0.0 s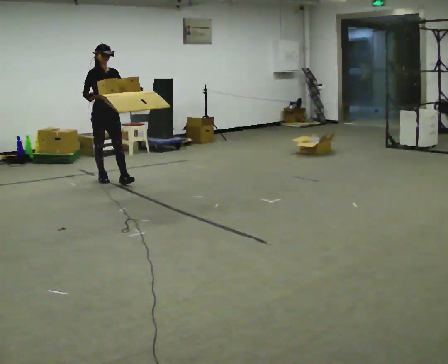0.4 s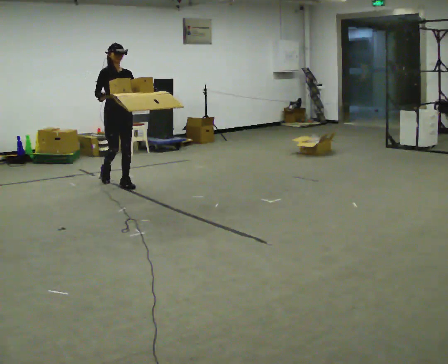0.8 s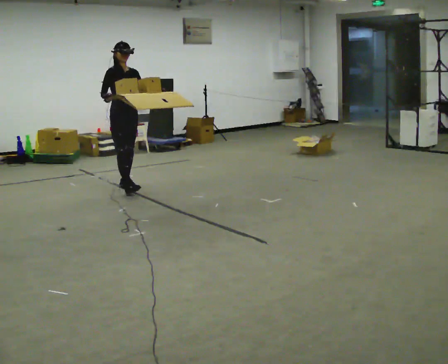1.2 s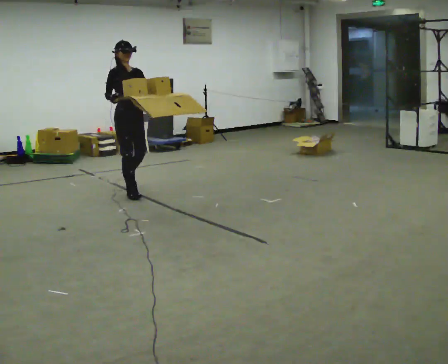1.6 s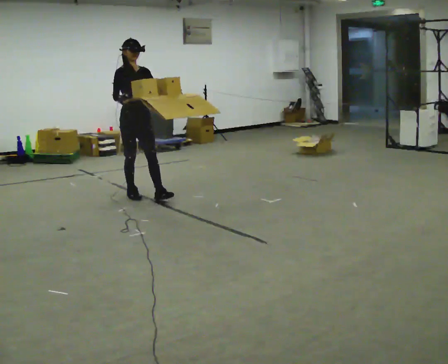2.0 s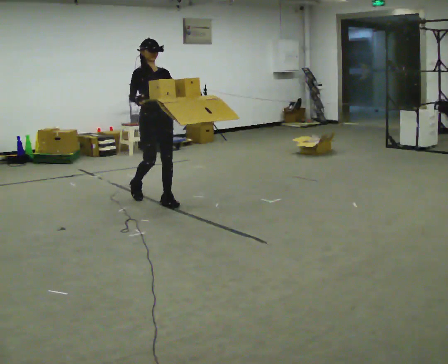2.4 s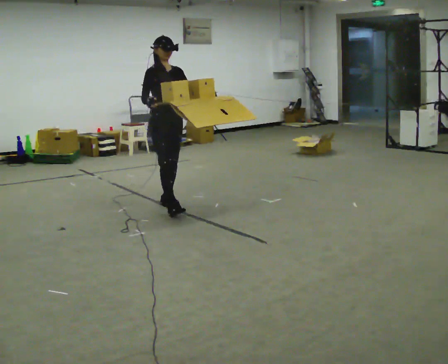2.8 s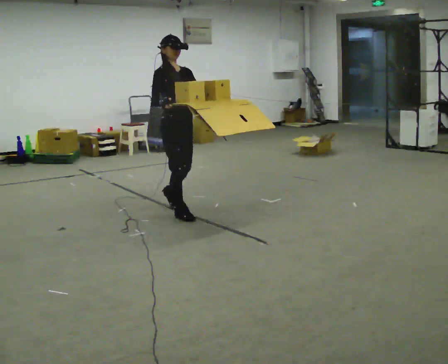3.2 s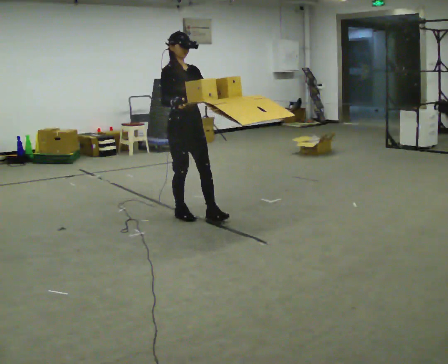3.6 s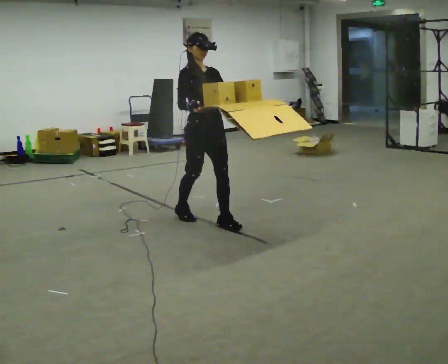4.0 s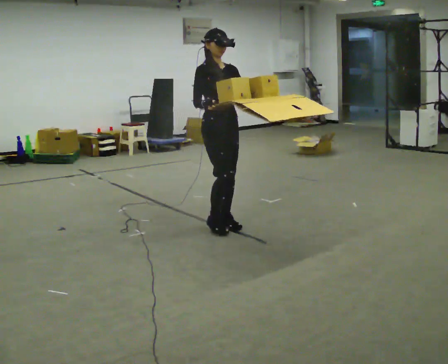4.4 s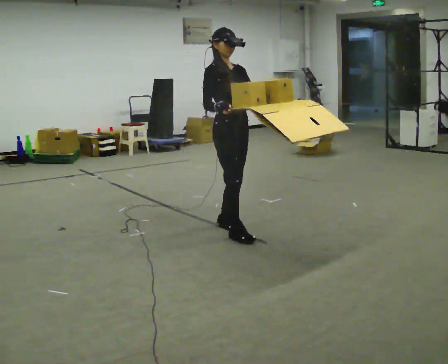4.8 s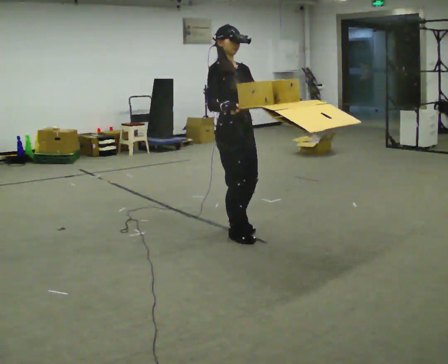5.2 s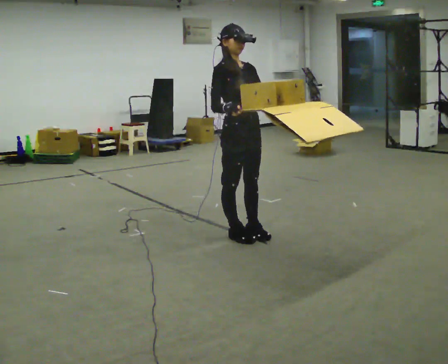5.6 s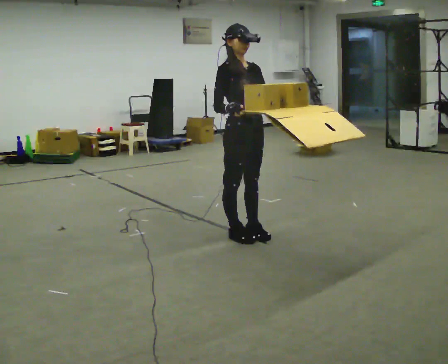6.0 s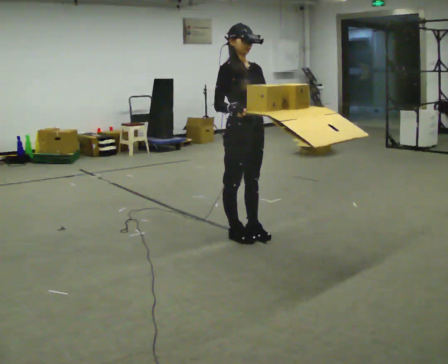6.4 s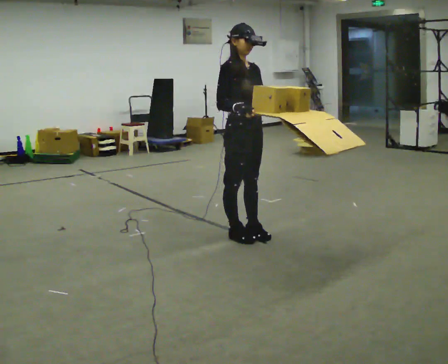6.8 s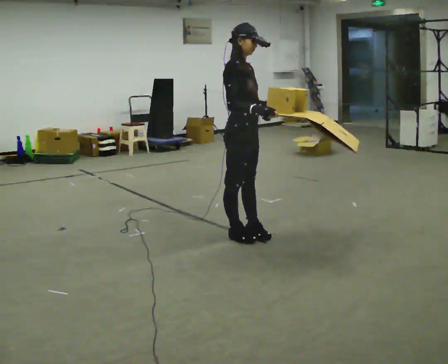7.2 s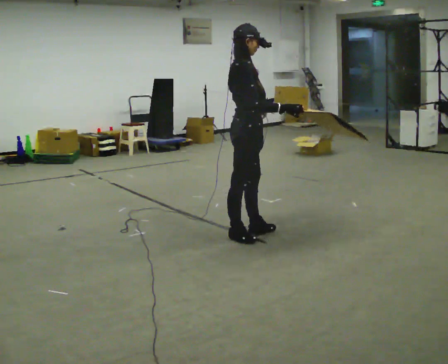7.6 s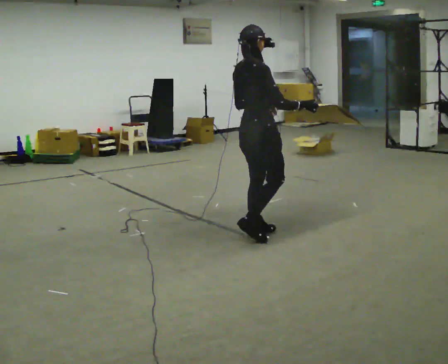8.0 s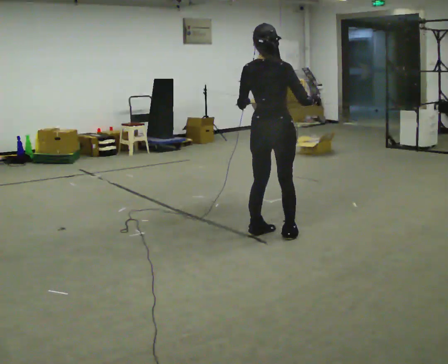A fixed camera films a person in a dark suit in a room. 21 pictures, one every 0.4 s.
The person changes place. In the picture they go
to the right.
0.0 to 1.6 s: In the picture they go to the right and toward the camera, about 1 m in 2 steps, which for them is forward.
1.6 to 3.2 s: In the picture they go to the right and toward the camera, about 1 m in 2 steps, which for them is forward.
3.2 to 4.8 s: In the picture they go to the right and toward the camera, about 0.75 m in 2 steps, which for them is forward.
4.8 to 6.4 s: The person moves a little, or ends about where they began.
6.4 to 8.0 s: The person turns about 105 degrees to their left, counterclockwise seen from above, so the part of the body nearest the lens slides to the right. In the picture they go to the right, about 0.25 m in 1 step. In the picture their right hand goes to the right.
The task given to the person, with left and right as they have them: Carry the open tray of loose items across the room, back and forth, trying not to let anything fall out.
The film runs forward here.
